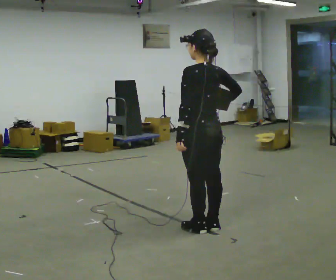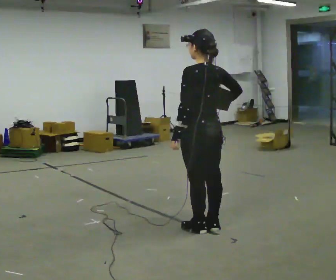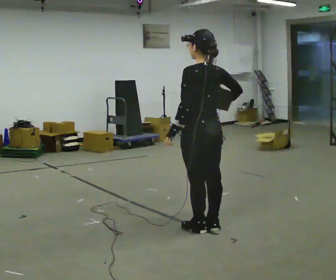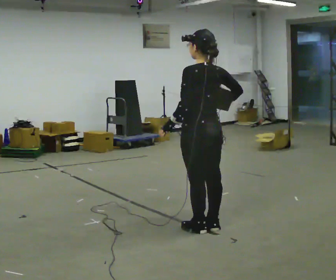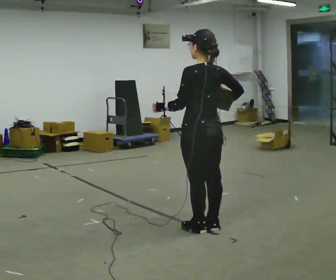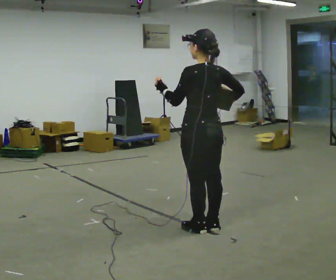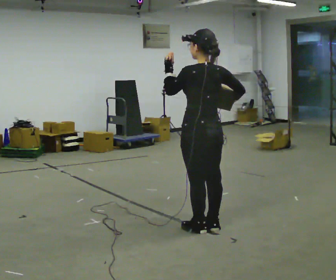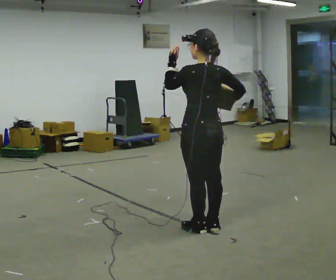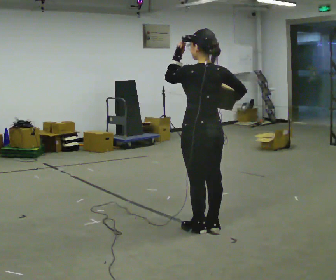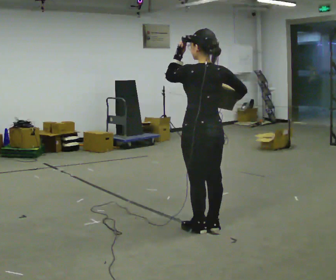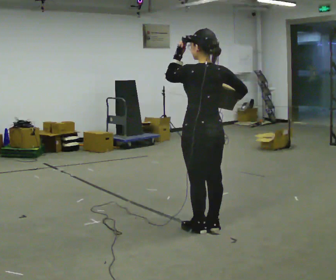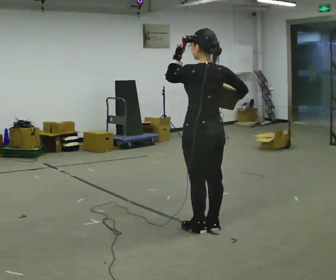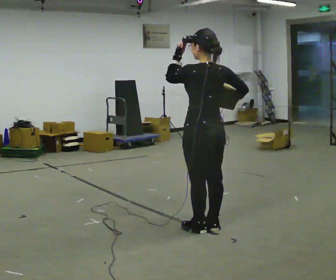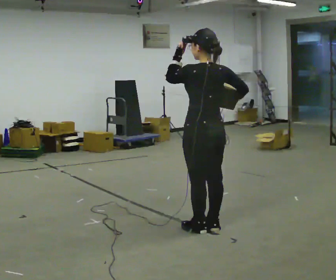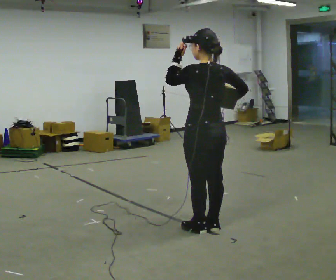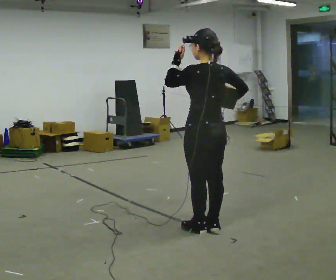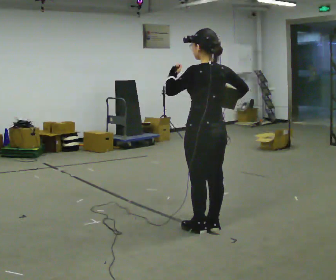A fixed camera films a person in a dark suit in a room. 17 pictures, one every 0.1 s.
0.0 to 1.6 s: In the picture their left hand goes upward.
The film runs backward here.
